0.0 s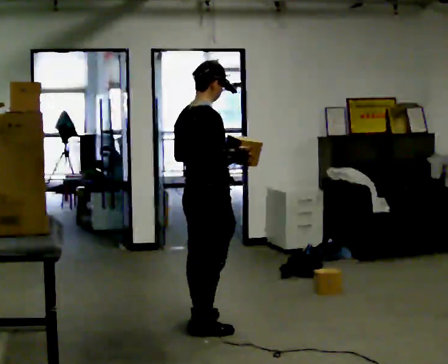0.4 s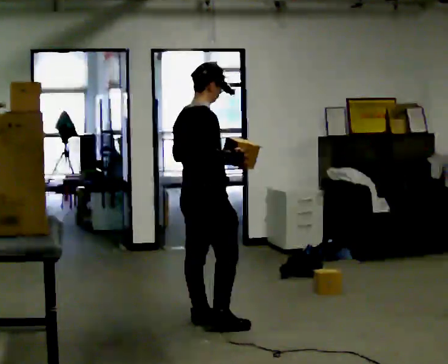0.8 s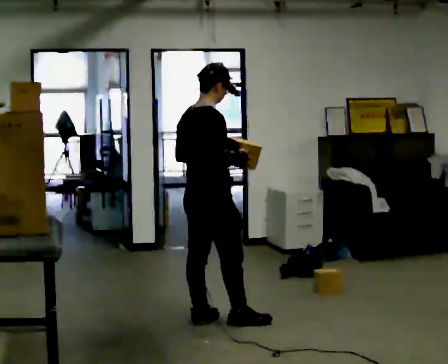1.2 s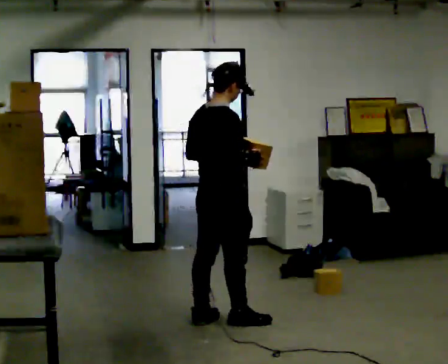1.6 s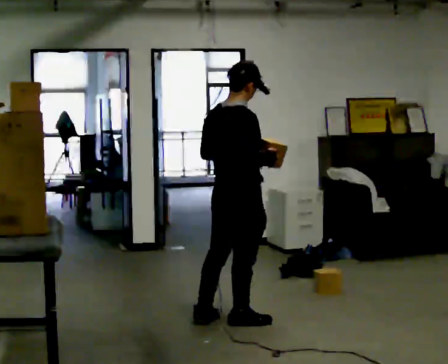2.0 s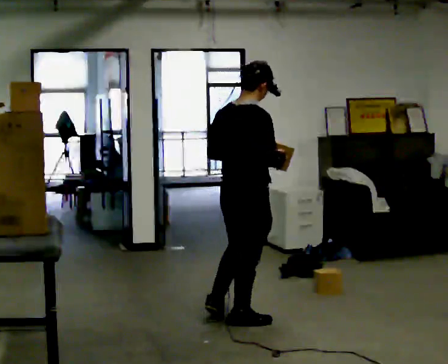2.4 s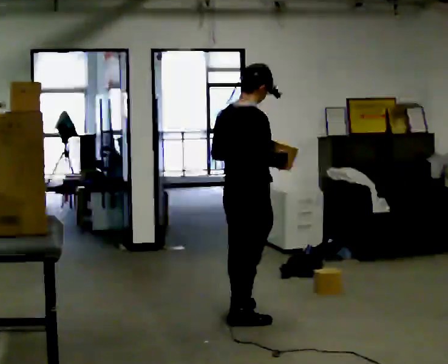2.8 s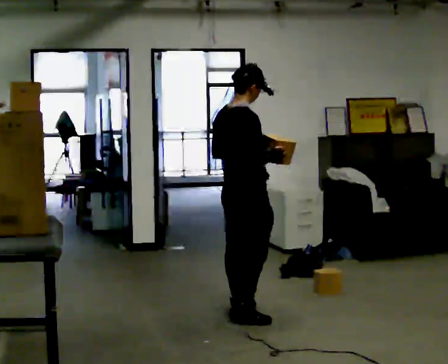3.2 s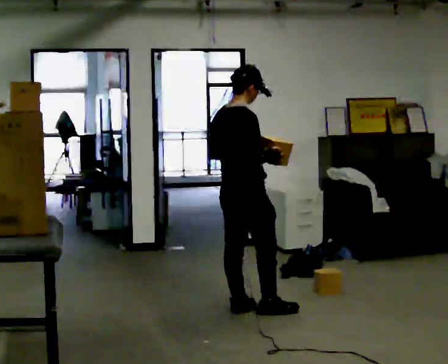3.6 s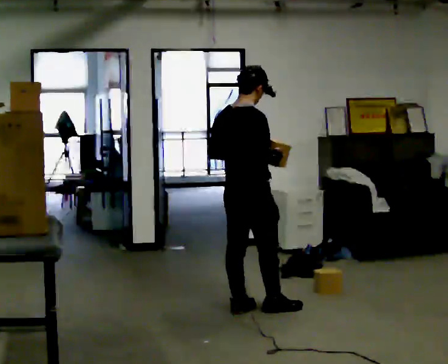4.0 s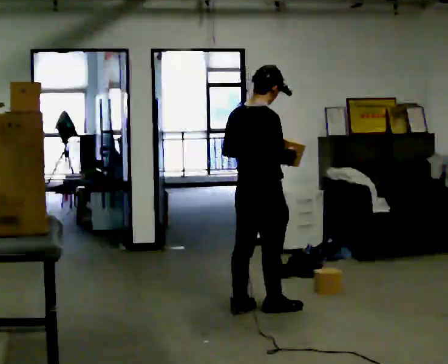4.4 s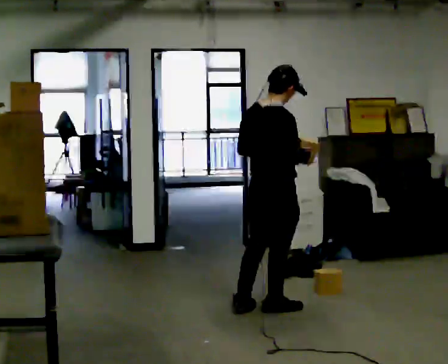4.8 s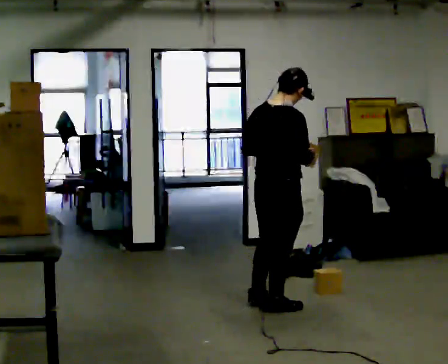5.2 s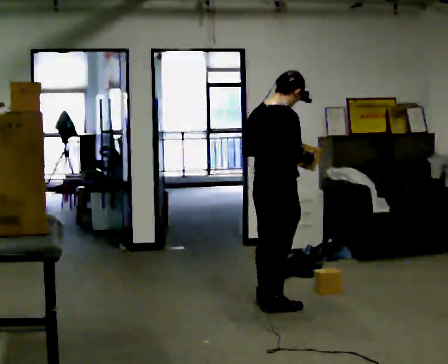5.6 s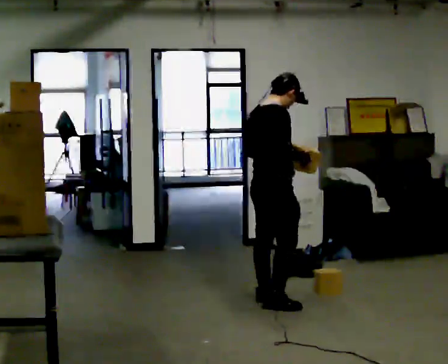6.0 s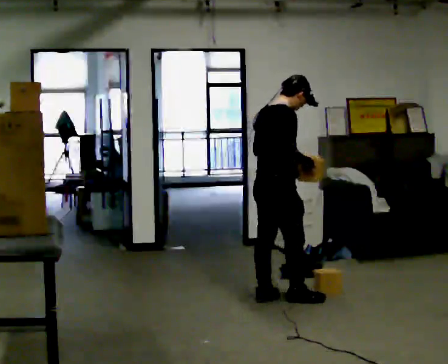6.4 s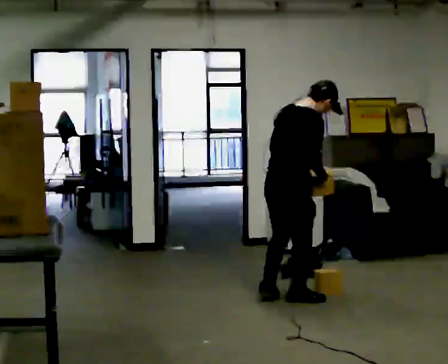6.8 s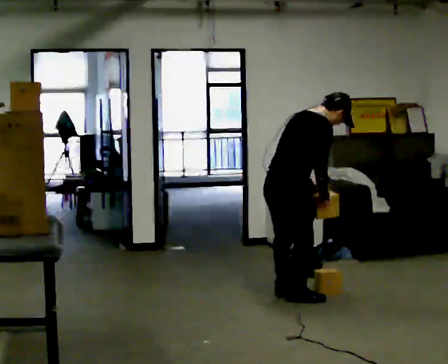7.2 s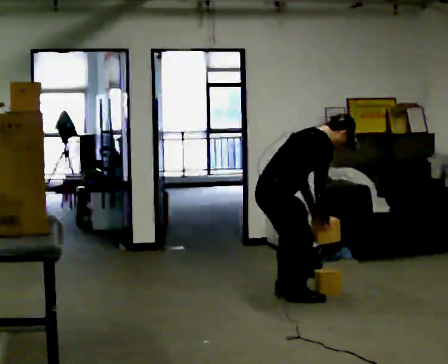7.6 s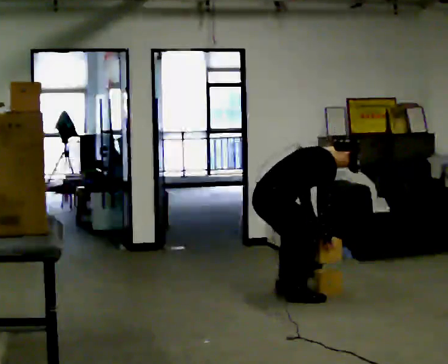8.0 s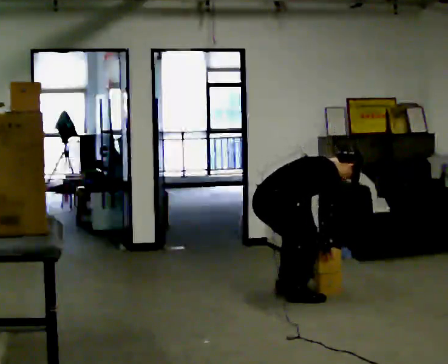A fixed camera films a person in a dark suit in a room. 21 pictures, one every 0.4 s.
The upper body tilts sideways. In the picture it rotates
clockwise.
Their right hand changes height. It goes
downward.
0.0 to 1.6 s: In the picture they go to the right, about 0.25 m in 1 step, which for them is forward.
1.6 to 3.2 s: In the picture they go away from the camera, about 0.25 m in 1 step, which for them is forward and to their left.
3.2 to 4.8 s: In the picture they go to the right, about 0.25 m in 1 step, which for them is forward and to their right.
4.8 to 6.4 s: In the picture they go away from the camera, about 0.25 m in 2 steps, which for them is forward and to their left. In the picture the upper body tilts clockwise, shoulders to the right, as they bend forward.
6.4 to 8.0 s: The shoulders move downward. In the picture the upper body tilts clockwise, shoulders to the right, as they bend forward. In the picture their right hand goes downward.
The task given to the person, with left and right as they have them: Pick an object up off the floor, carry it across the room, and place it on the highest shelf you can comfortably reach. Keep going until the operator says stop; one object at a time, and do not rush between trips.
The film runs forward here.
